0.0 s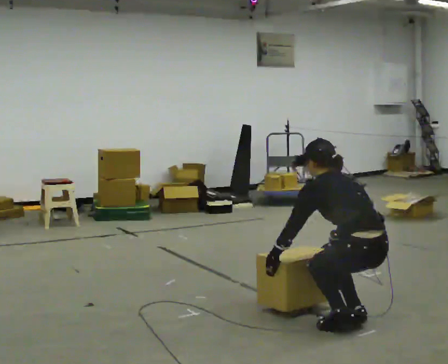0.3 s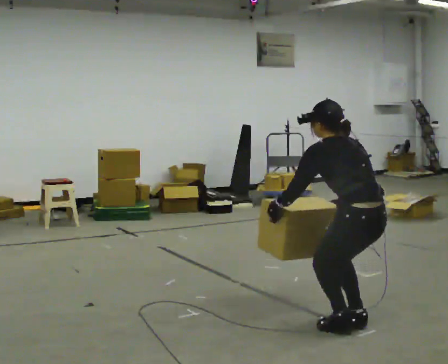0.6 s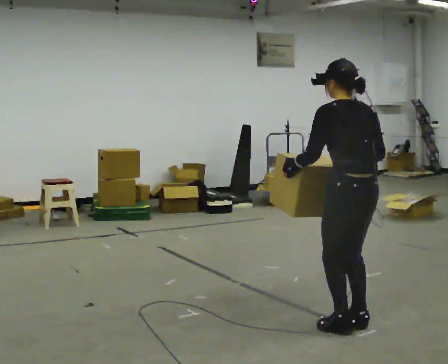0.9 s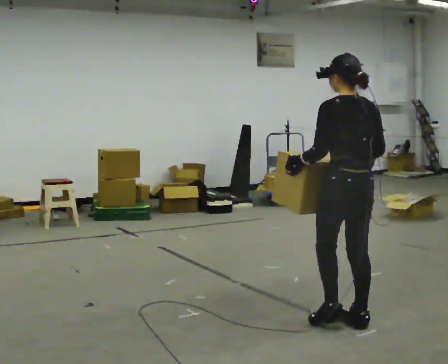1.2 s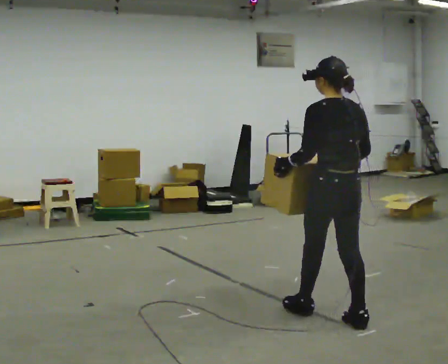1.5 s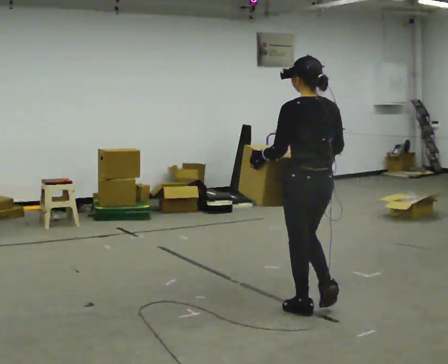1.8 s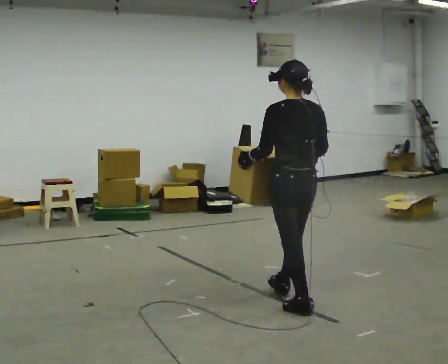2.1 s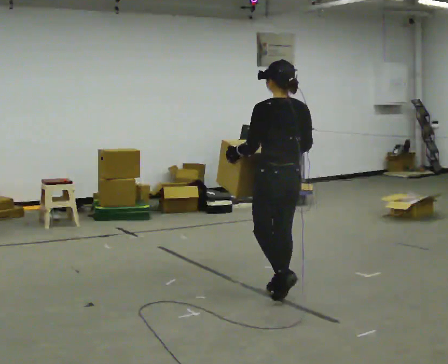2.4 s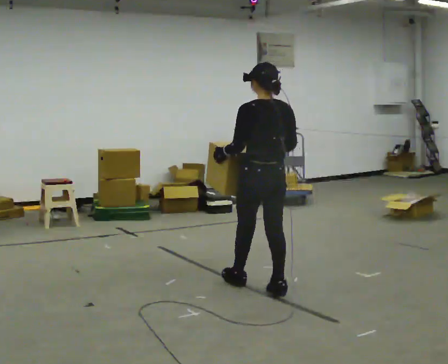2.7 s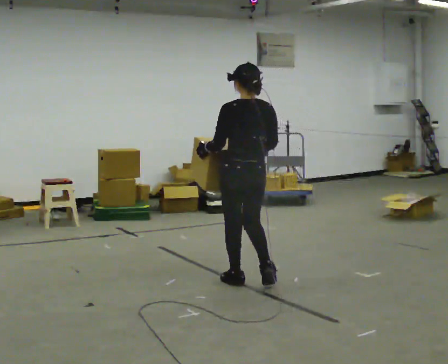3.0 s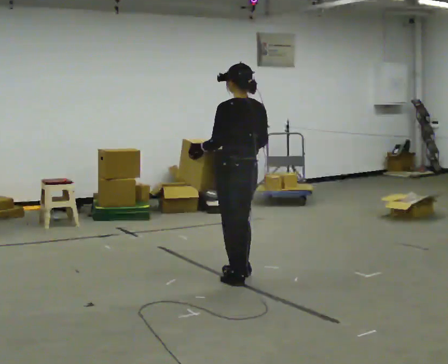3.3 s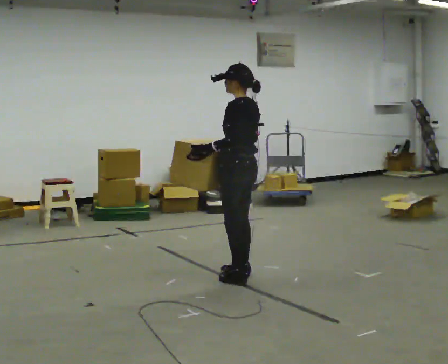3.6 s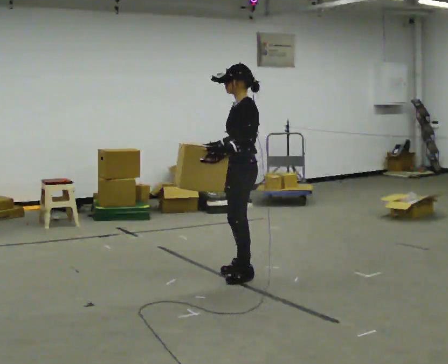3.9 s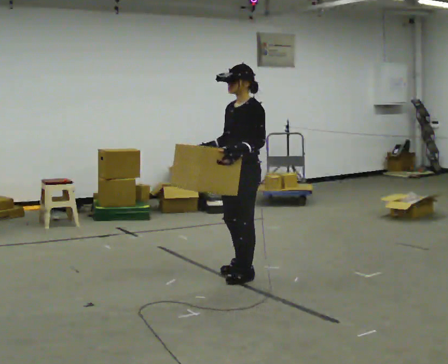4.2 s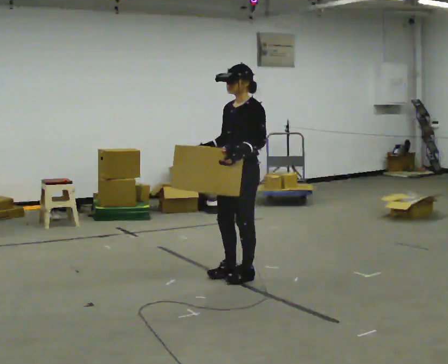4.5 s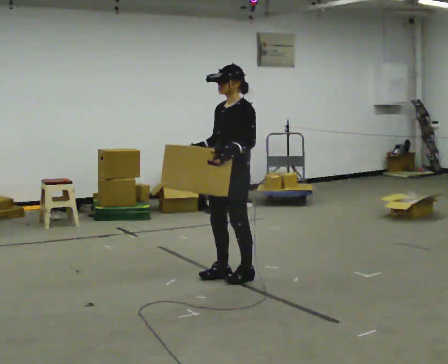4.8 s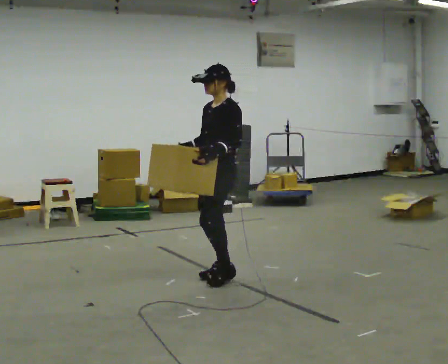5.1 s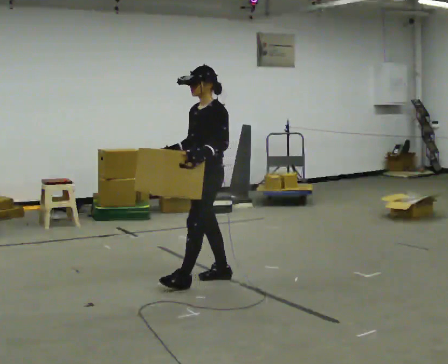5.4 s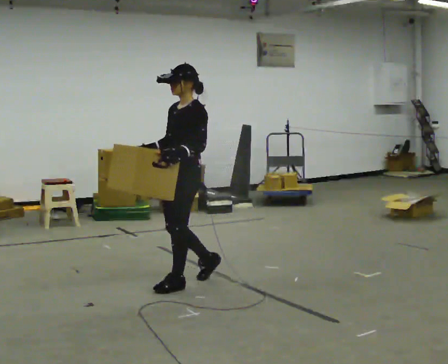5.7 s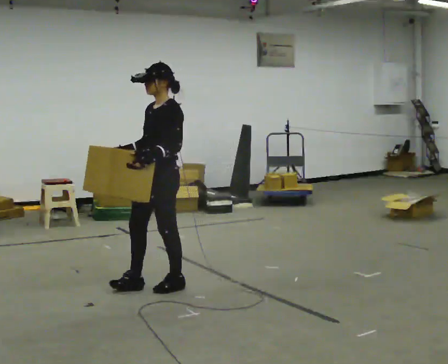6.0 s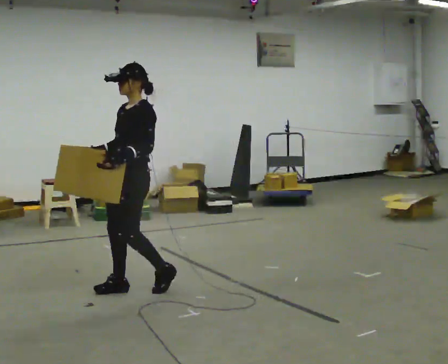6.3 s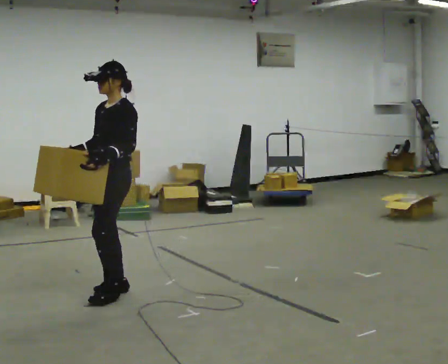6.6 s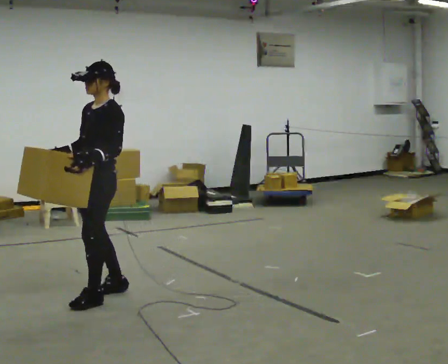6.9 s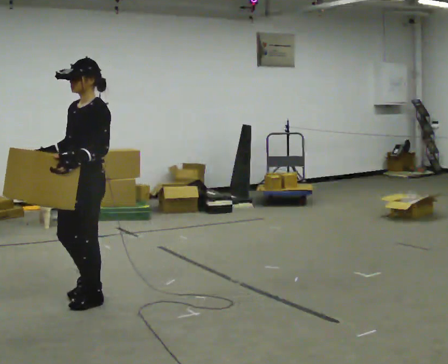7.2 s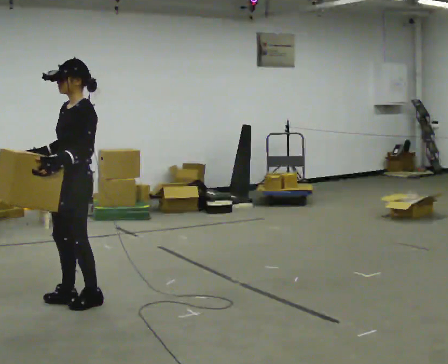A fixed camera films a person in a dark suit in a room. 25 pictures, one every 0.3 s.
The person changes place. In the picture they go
to the left.
The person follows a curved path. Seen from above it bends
counterclockwise.
0.0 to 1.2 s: In the picture they go away from the camera, about 0.25 m, which for them is forward. The shoulders move upward. The upper body tips toward the camera, its near side rolling downward, as they lean back or straighten. In the picture their left hand goes upward.
1.2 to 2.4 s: In the picture they go away from the camera and to the left, about 1 m in 2 steps, which for them is forward.
2.4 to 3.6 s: Seen from above the body turns counterclockwise, about 75 degrees: to their left, with its near side sliding to the right. In the picture they go away from the camera, about 0.5 m in 3 steps.
3.6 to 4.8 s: In the picture they go to the left, about 0.25 m, which for them is forward.
4.8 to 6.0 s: In the picture they go to the left and toward the camera, about 0.75 m in 2 steps, which for them is forward.
6.0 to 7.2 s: In the picture they go toward the camera and to the left, about 0.5 m in 2 steps, which for them is forward.
The film runs forward here.
